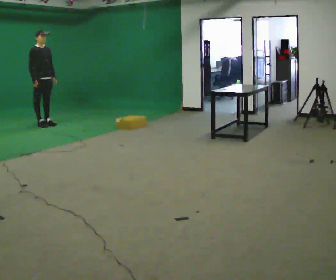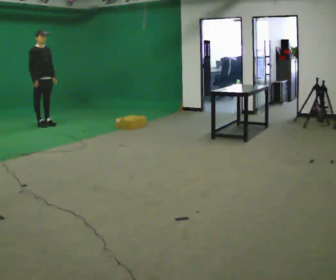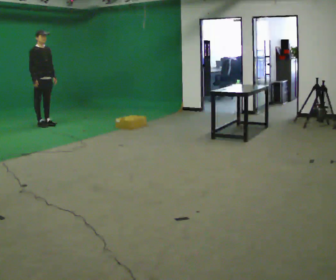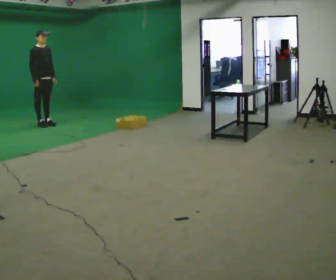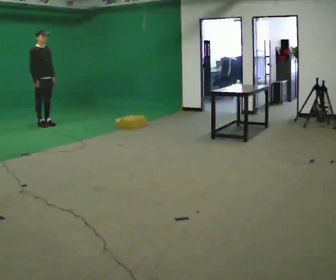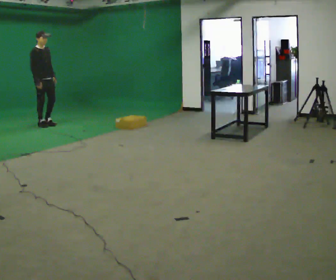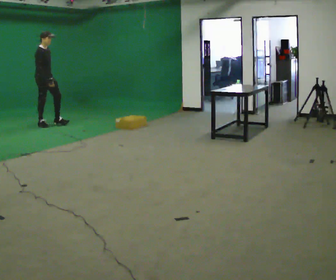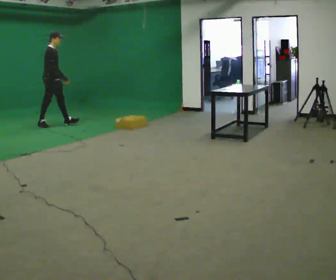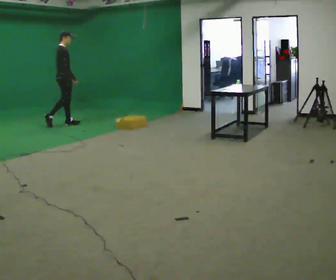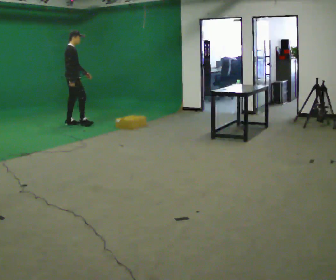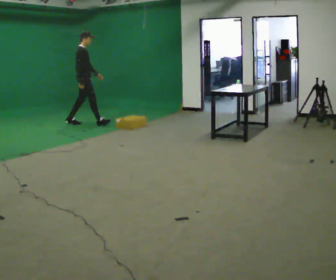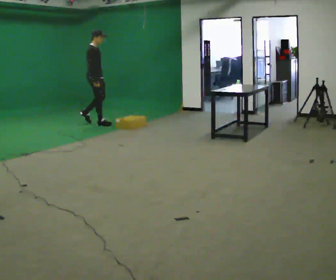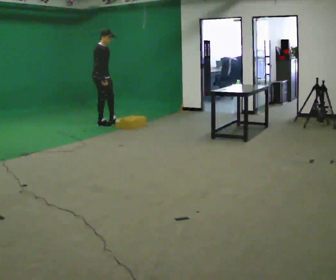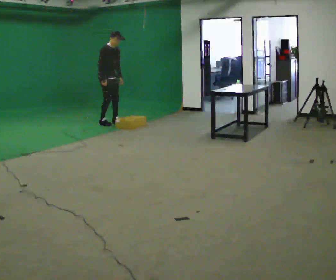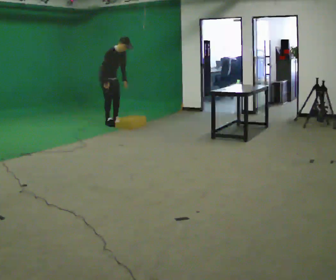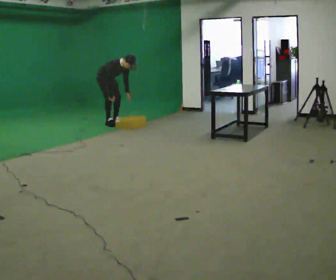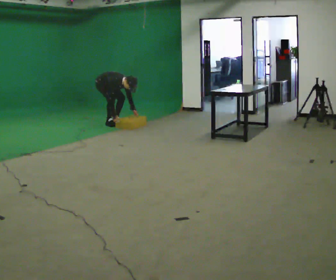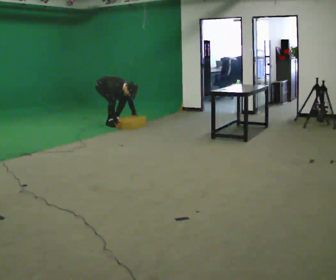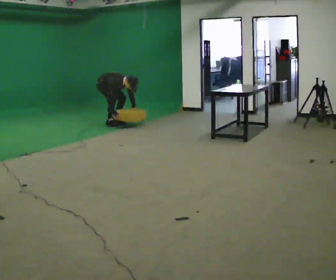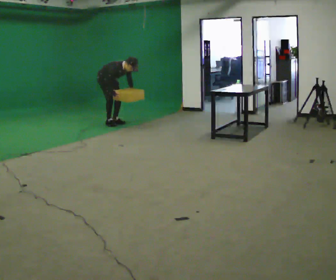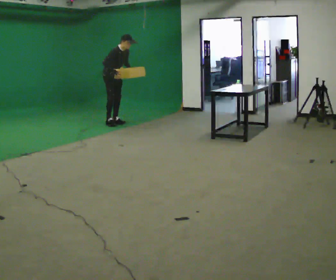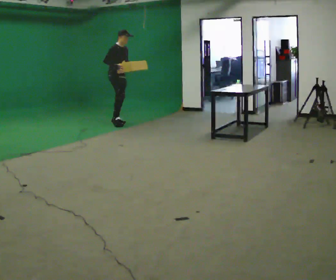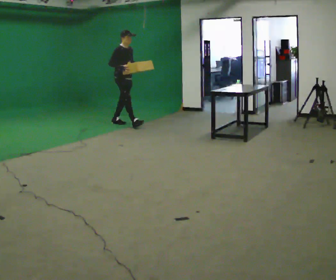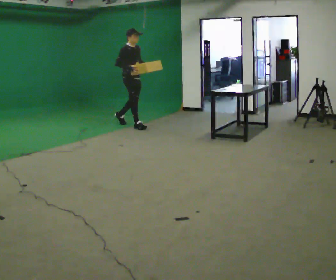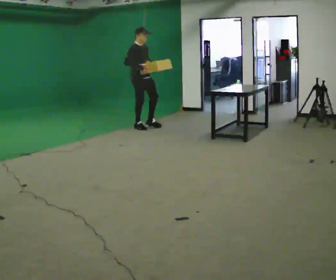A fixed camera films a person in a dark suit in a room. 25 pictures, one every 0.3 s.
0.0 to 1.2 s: The person moves a little, or ends about where they began.
1.2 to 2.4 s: The person turns about 45 degrees to their left, counterclockwise seen from above, so the part of the body nearest the lens slides to the right. In the picture they go to the right, about 0.5 m in 1 step, which for them is forward and to their left.
2.4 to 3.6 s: The part of the body nearest the lens slides to the left as the person turns to their right by about 30 degrees. In the picture they go to the right, about 0.75 m in 1 step, which for them is forward.
3.6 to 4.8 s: The upper body goes downward. In the picture the upper body tilts clockwise, shoulders to the right, as they bend forward. In the picture their right hand goes downward.
4.8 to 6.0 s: The shoulders move upward. In the picture the upper body tilts counterclockwise, shoulders to the left, as they lean back or straighten. In the picture their right hand goes upward.
6.0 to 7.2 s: In the picture they go to the right and toward the camera, about 0.5 m in 1 step, which for them is forward. In the picture the upper body tilts counterclockwise, shoulders to the left, as they lean back or straighten.
The film runs forward here.
